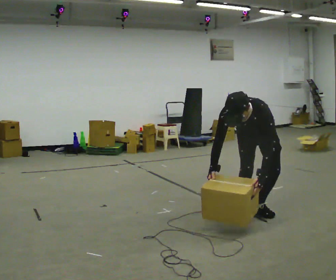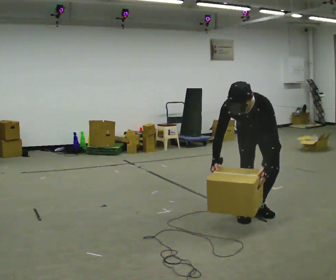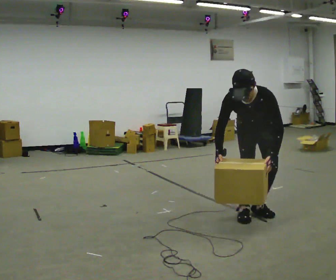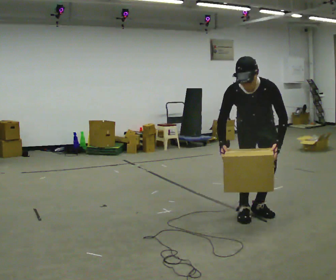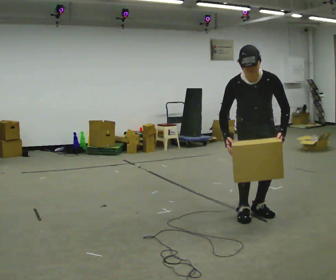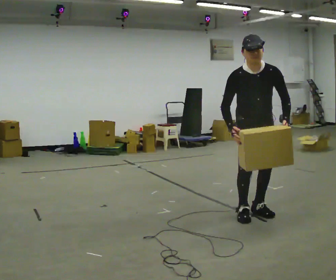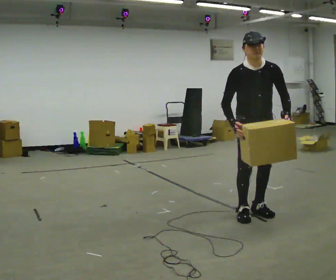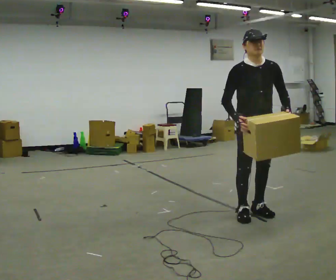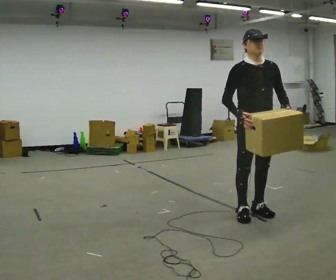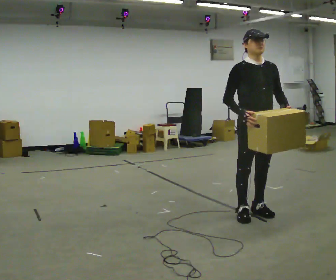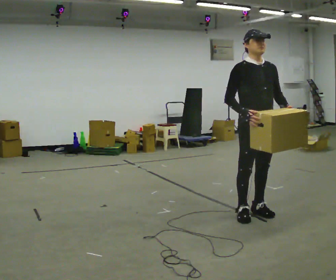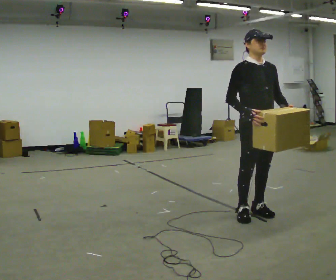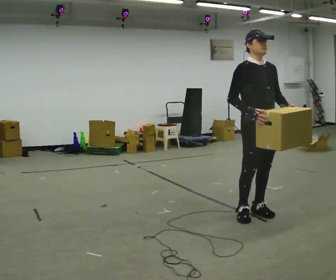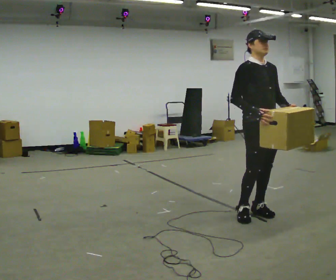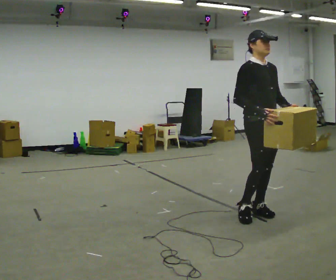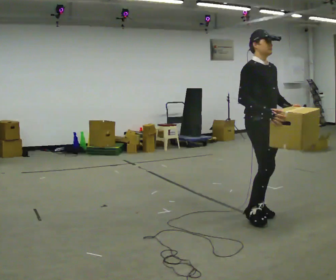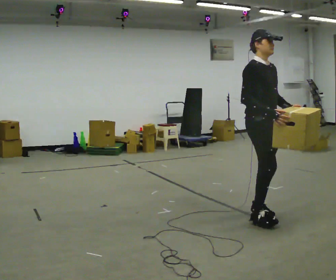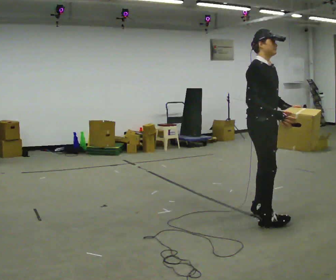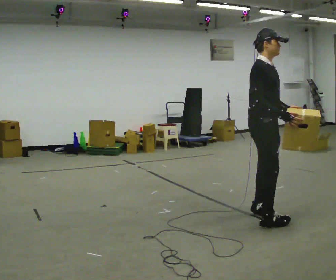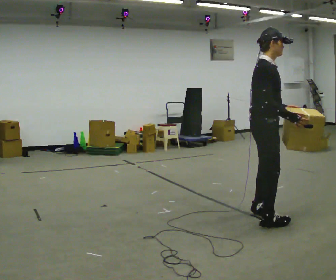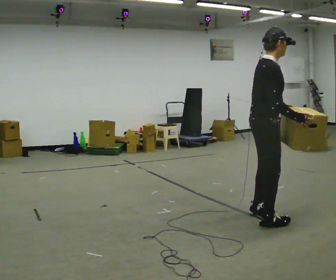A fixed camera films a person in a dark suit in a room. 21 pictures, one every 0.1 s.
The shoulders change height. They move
upward.
Their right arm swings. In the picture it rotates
counterclockwise.
0.0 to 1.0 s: The part of the body nearest the lens slides to the right as the person turns to their left by about 45 degrees. The shoulders move upward. The upper body tips away from the camera, its near side rolling upward, as they lean back or straighten. In the picture their right hand goes upward.
1.0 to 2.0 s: Seen from above the body turns counterclockwise, about 75 degrees: to their left, with its near side sliding to the right. In the picture they go toward the camera, about 0.25 m in 1 step.
The film runs forward here.
